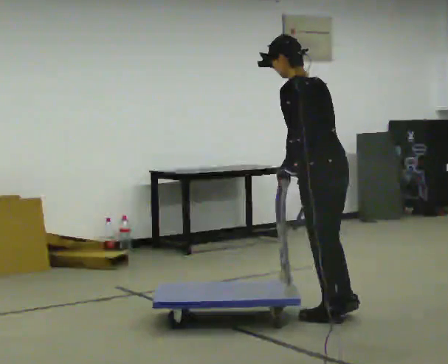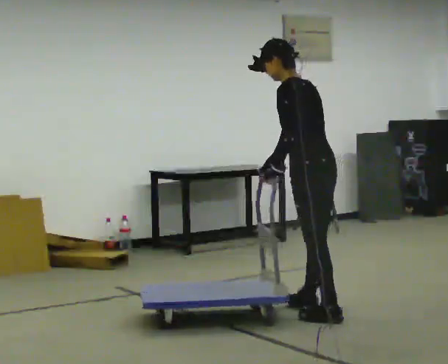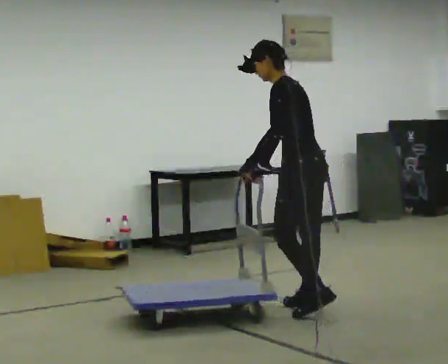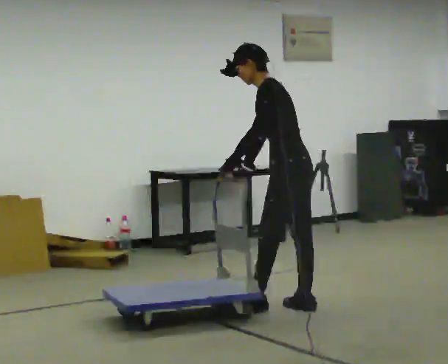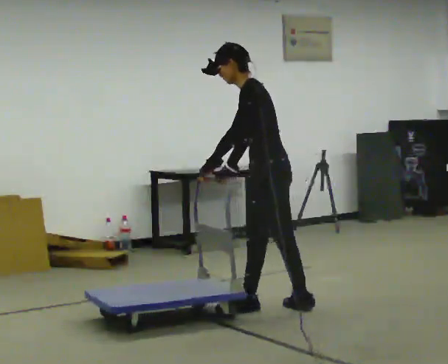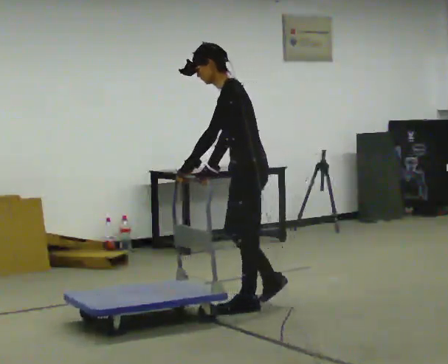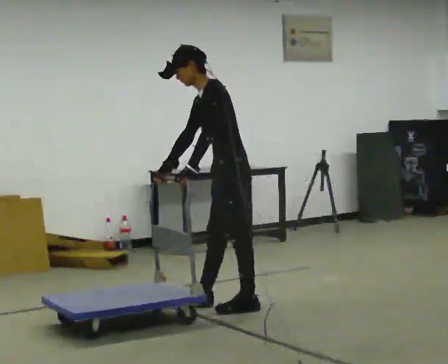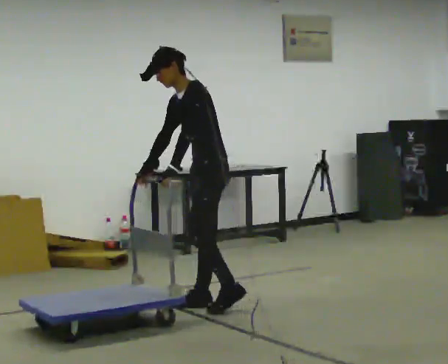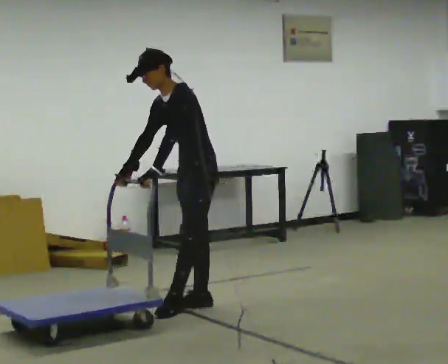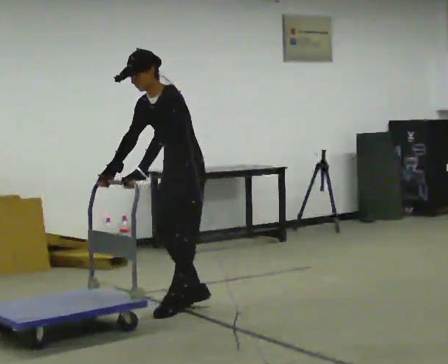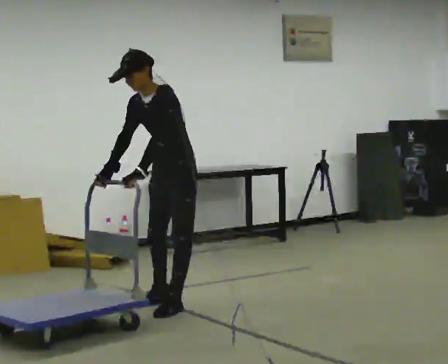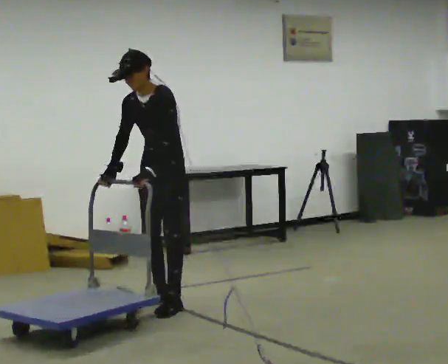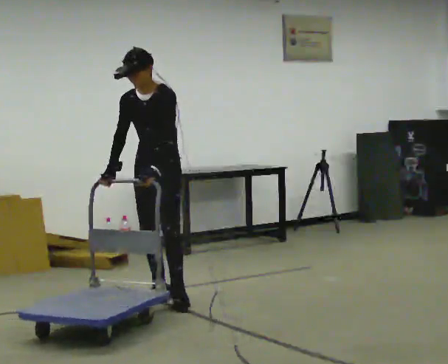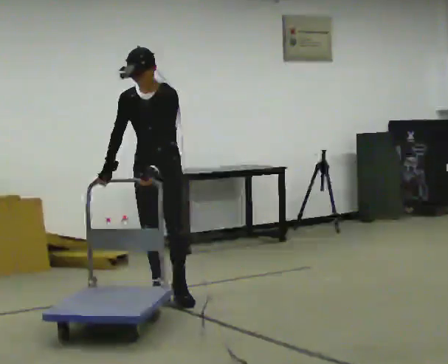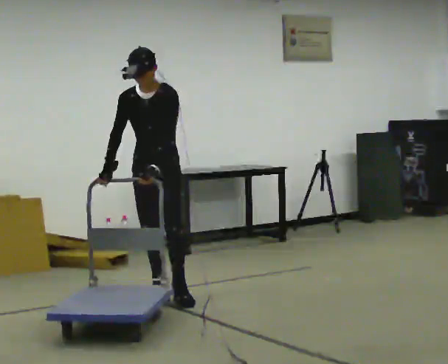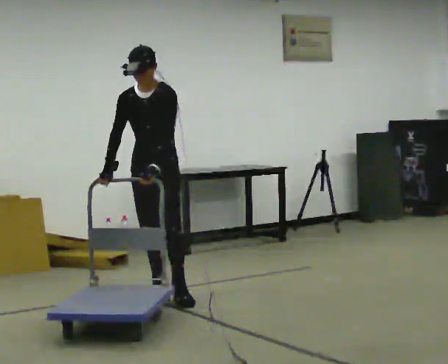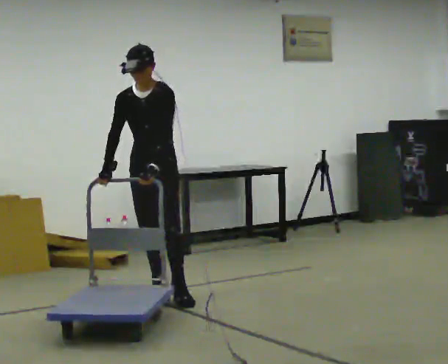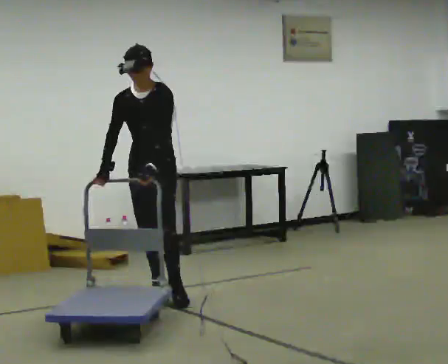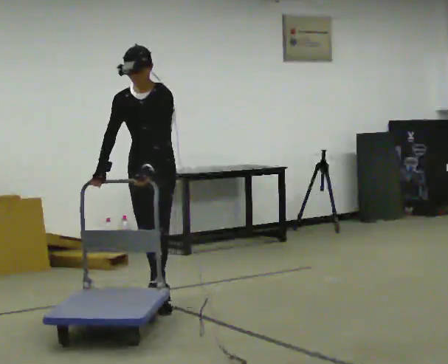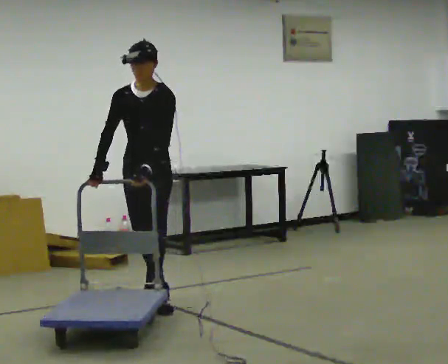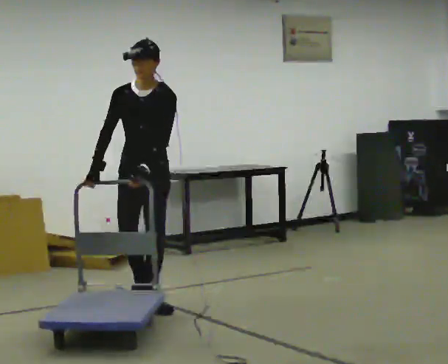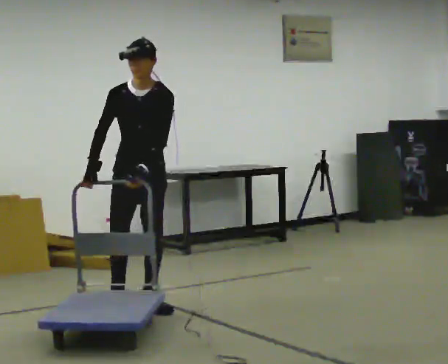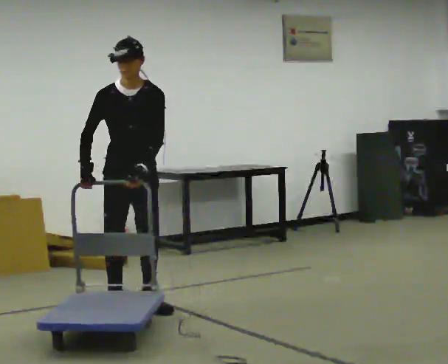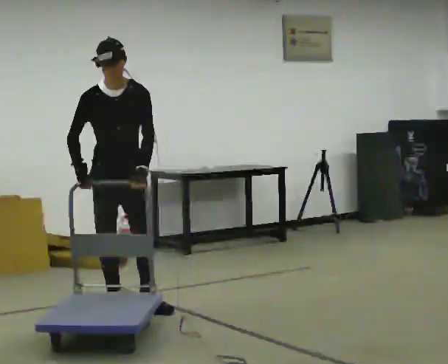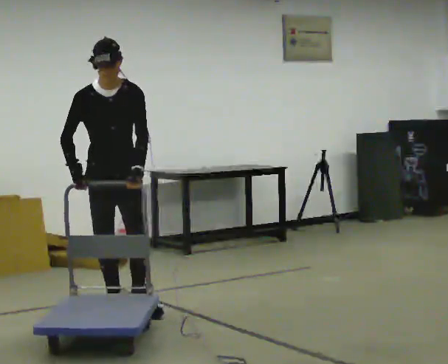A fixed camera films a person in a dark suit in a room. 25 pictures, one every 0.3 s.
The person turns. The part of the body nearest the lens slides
to the right.
The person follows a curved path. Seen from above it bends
counterclockwise.
0.0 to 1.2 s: The part of the body nearest the lens slides to the right as the person turns to their left by about 30 degrees. In the picture they go away from the camera and to the left, about 0.5 m in 2 steps, which for them is forward and to their right.
1.2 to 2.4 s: The part of the body nearest the lens slides to the right as the person turns to their left by about 45 degrees. In the picture they go to the left and away from the camera, about 0.5 m in 1 step, which for them is forward and to their right. The upper body tips toward the camera, its near side rolling downward.
2.4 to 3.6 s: Seen from above the body turns counterclockwise, about 30 degrees: to their left, with its near side sliding to the right. In the picture they go to the left and away from the camera, about 0.5 m in 2 steps, which for them is to their right. In the picture the upper body tilts clockwise, shoulders to the right.
3.6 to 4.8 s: The person moves a little, or ends about where they began.
4.8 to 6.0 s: In the picture they go toward the camera, about 0.25 m in 1 step, which for them is forward.
6.0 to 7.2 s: In the picture they go to the left and toward the camera, about 0.25 m in 1 step, which for them is to their right and forward.
The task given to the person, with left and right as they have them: Push the cart across the room using only the hand the operator calls. Keep your other arm at your side.
The film runs forward here.
